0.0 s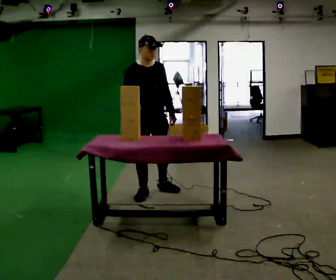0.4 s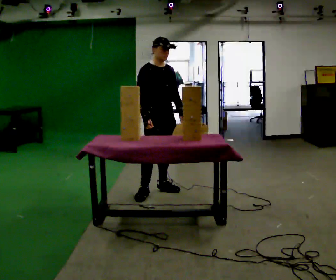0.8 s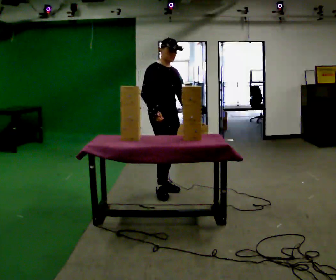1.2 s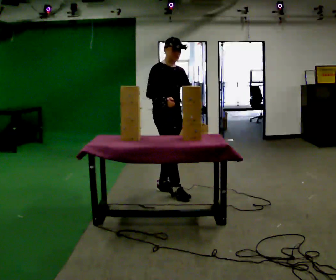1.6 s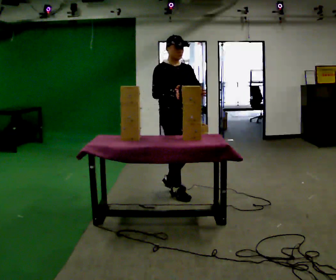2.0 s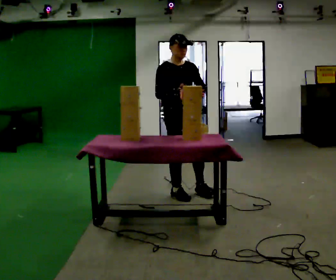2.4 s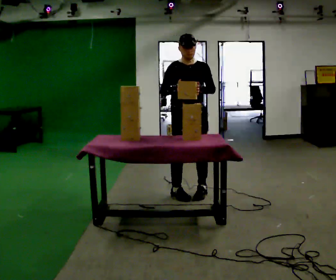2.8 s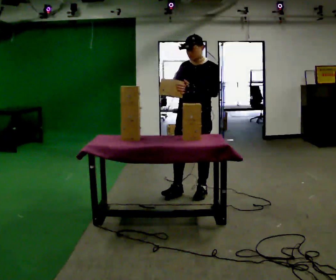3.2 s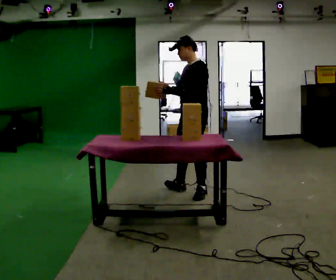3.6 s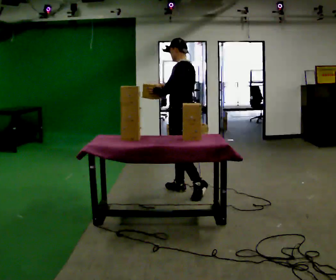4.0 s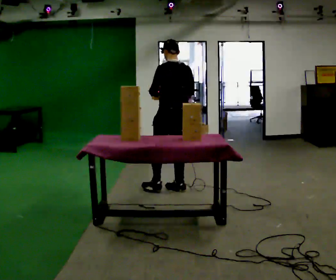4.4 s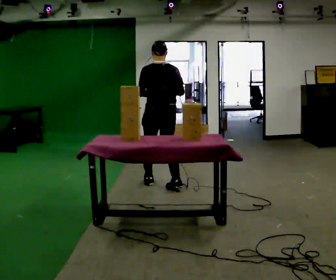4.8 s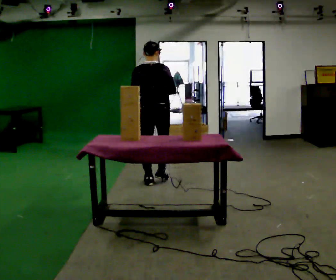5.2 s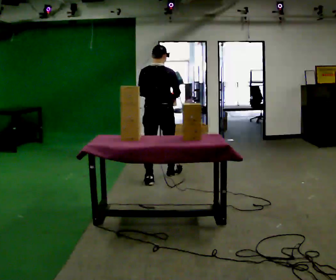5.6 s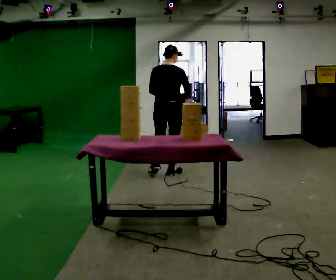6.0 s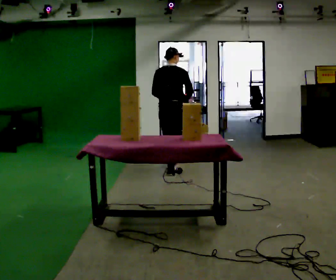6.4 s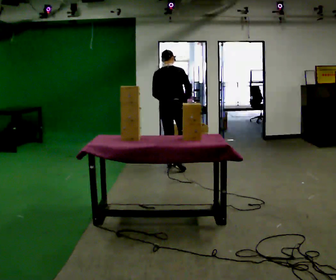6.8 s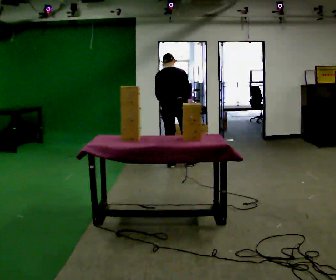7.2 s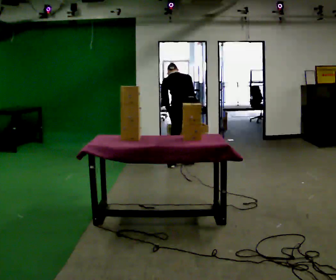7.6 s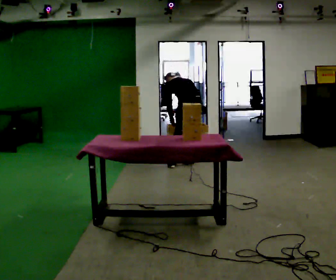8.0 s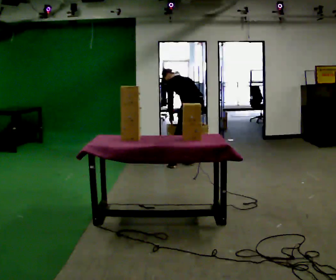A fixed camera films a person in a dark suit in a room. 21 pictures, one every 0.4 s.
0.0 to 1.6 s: In the picture they go to the right, about 0.25 m in 1 step, which for them is forward and to their left.
1.6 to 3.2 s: The part of the body nearest the lens slides to the left as the person turns to their right by about 120 degrees. In the picture they go to the right, about 0.25 m in 1 step. In the picture their left hand goes to the left.
3.2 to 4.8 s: Seen from above the body turns clockwise, about 105 degrees: to their right, with its near side sliding to the left. In the picture they go to the left and away from the camera, about 0.75 m in 1 step.
4.8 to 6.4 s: In the picture they go away from the camera, about 1 m in 2 steps, which for them is forward.
6.4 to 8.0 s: Seen from above the body turns counterclockwise, about 60 degrees: to their left, with its near side sliding to the right. In the picture they go to the right and away from the camera, about 0.5 m in 1 step. In the picture the upper body tilts counterclockwise, shoulders to the left, as they bend forward.
The film runs forward here.
